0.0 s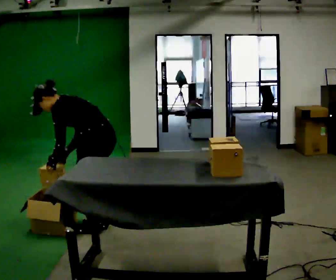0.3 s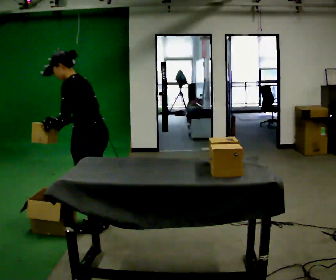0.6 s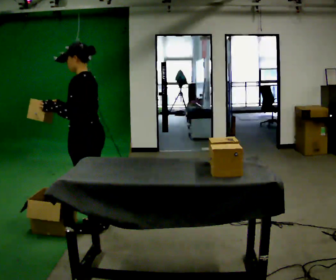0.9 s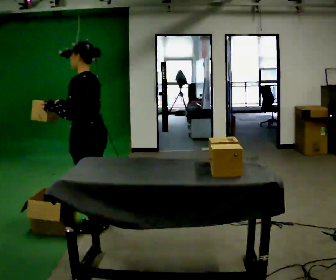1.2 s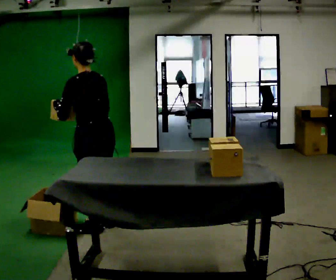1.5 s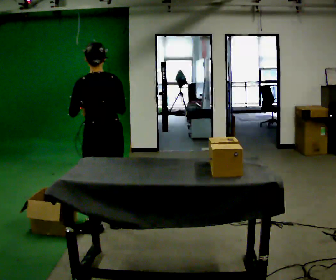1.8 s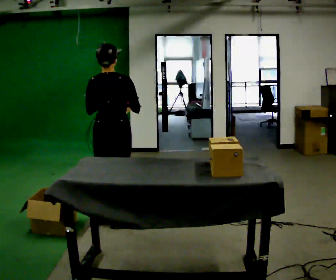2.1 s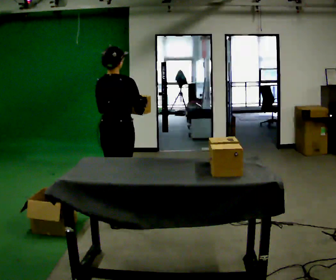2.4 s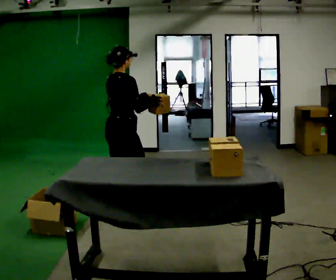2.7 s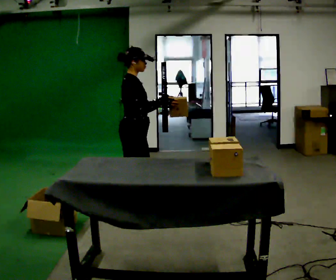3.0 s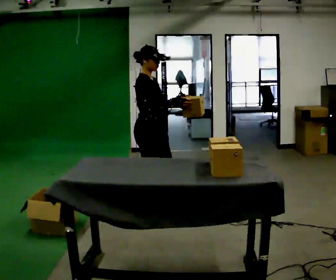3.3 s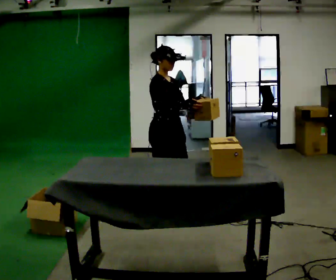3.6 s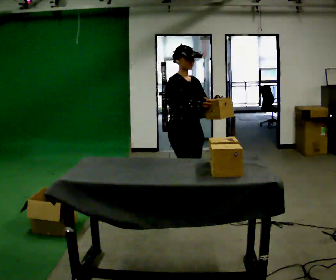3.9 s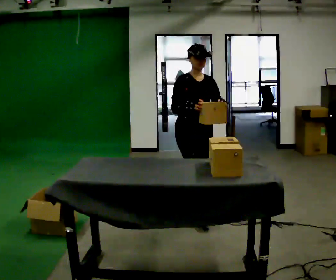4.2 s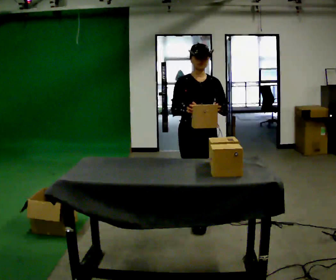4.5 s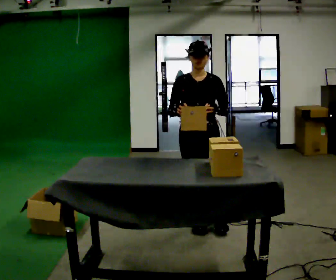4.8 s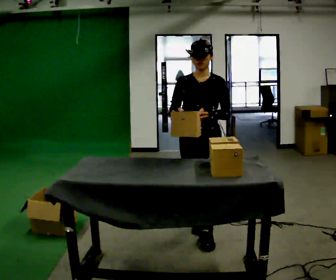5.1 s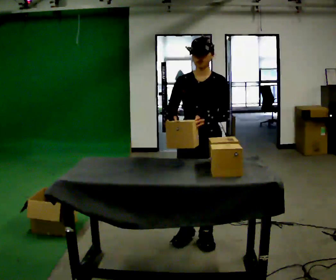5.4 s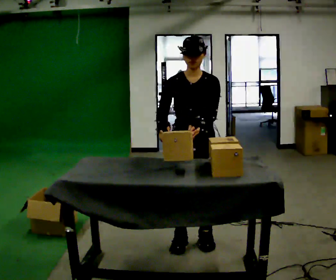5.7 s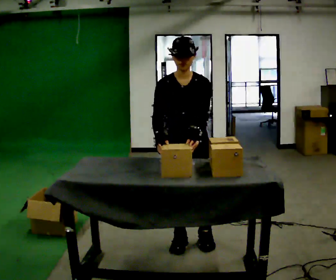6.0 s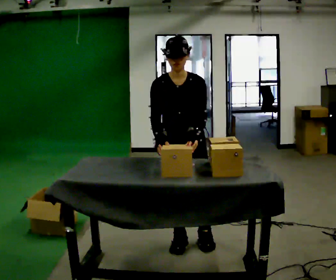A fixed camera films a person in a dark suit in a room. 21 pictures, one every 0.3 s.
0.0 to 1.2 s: The person turns about 30 degrees to their right, clockwise seen from above, so the part of the body nearest the lens slides to the left. The upper body goes upward. In the picture the upper body tilts clockwise, shoulders to the right, as they lean back or straighten. In the picture their left hand goes upward.
1.2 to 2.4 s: Seen from above the body turns clockwise, about 105 degrees: to their right, with its near side sliding to the left. In the picture they go away from the camera, about 0.5 m in 1 step. In the picture the upper body tilts clockwise, shoulders to the right.
2.4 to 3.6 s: The person turns about 75 degrees to their right, clockwise seen from above, so the part of the body nearest the lens slides to the left. In the picture they go to the right, about 0.5 m in 2 steps.
3.6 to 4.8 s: Seen from above the body turns clockwise, about 60 degrees: to their right, with its near side sliding to the left. In the picture they go toward the camera, about 0.5 m in 2 steps, which for them is forward.
4.8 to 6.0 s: In the picture they go to the left, about 0.25 m in 1 step, which for them is forward and to their right. The upper body tips toward the camera, its near side rolling downward, as they bend forward.
The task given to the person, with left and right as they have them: Carry each object across the room and drop it into the container on the floor, then walk back for the next one. Keep going until the operator says stop; one object at a time, and do not rush between trips.
The film runs forward here.
